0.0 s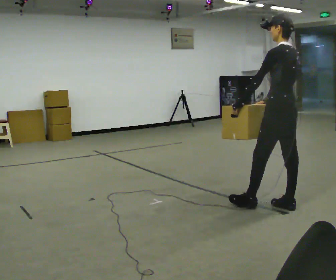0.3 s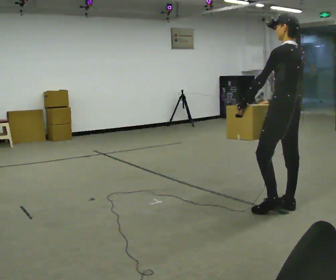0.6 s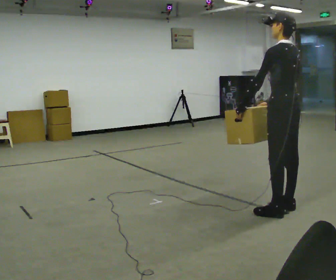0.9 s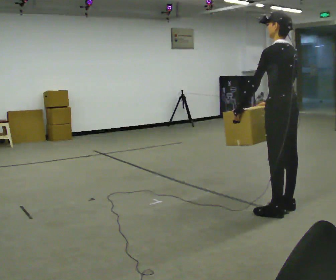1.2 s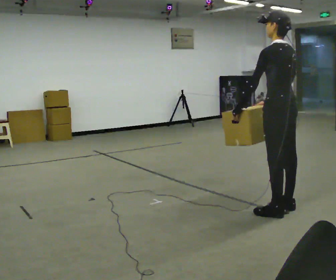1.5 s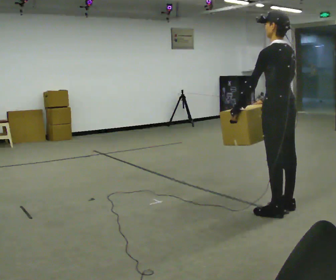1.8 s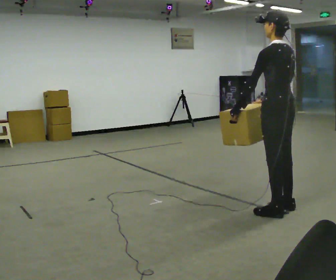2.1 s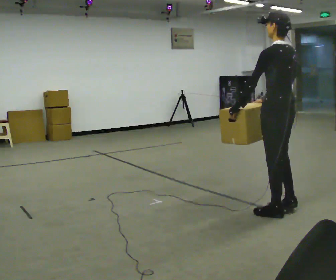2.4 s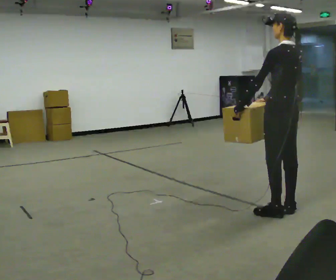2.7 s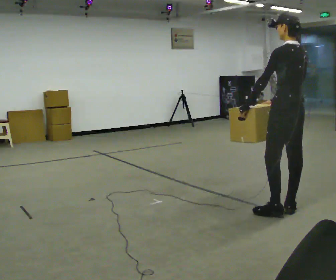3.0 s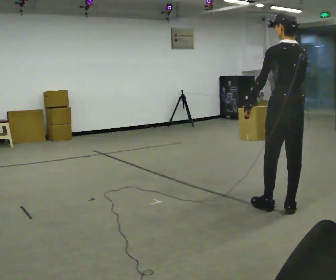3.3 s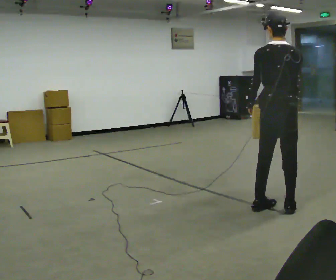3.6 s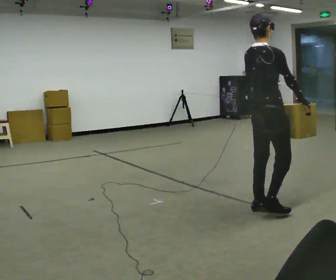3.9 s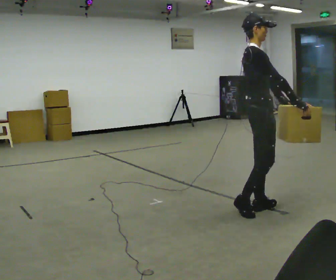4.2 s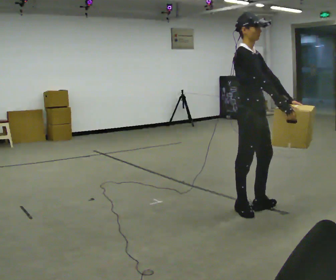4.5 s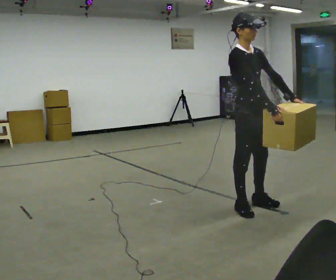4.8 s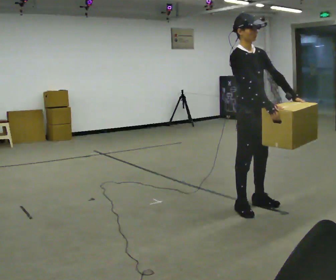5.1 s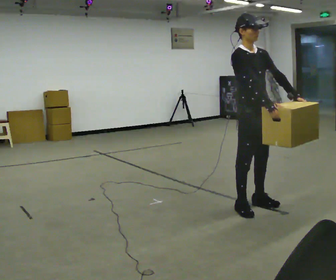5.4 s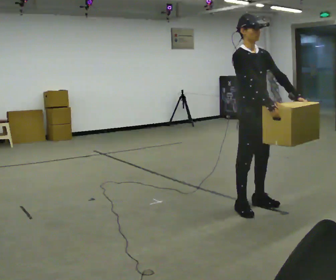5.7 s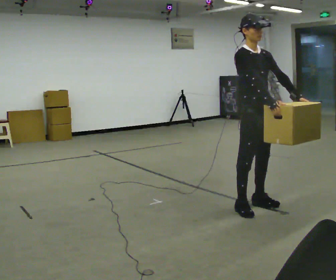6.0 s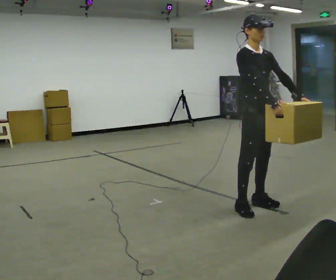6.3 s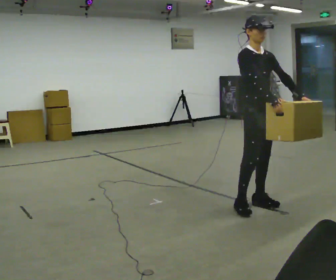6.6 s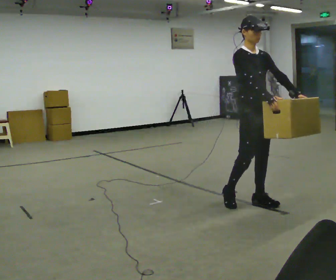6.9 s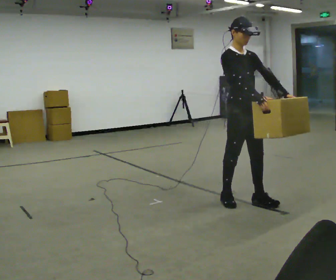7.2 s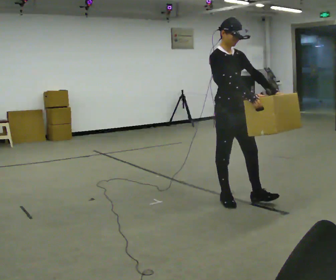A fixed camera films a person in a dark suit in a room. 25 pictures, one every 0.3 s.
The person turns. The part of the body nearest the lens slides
to the left.
Their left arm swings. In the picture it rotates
counterclockwise.
0.0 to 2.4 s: The person moves a little, or ends about where they began.
2.4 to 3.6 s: The part of the body nearest the lens slides to the left as the person turns to their right by about 90 degrees. In the picture they go to the left, about 0.25 m in 2 steps. In the picture their right hand goes to the right, the arm swinging counterclockwise.
3.6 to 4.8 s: The person turns about 75 degrees to their right, clockwise seen from above, so the part of the body nearest the lens slides to the left. In the picture their right hand goes to the left.
4.8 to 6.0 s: The person moves a little, or ends about where they began.
6.0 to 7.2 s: In the picture they go to the left, about 0.25 m in 2 steps, which for them is backward.
The film runs backward here.
